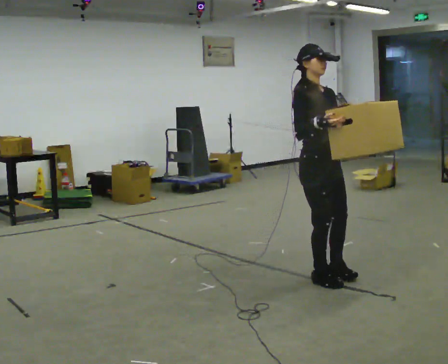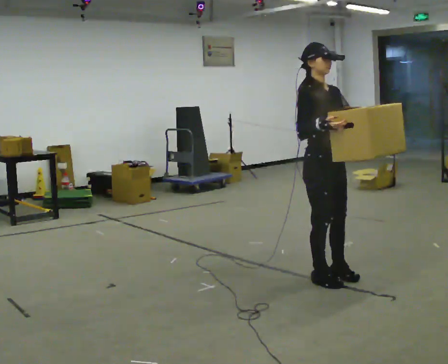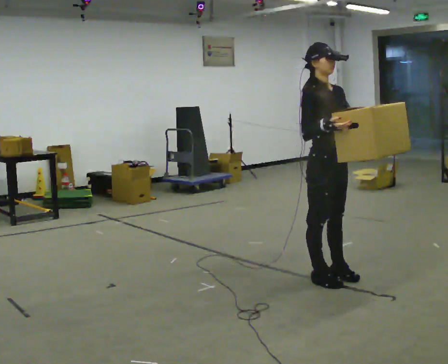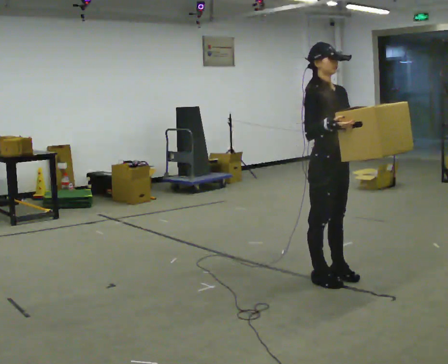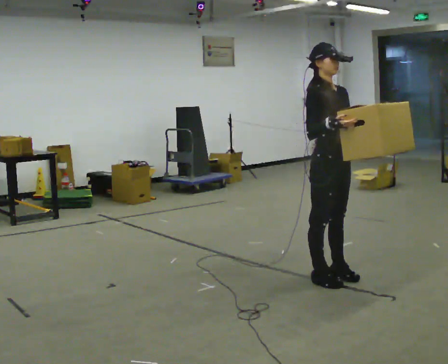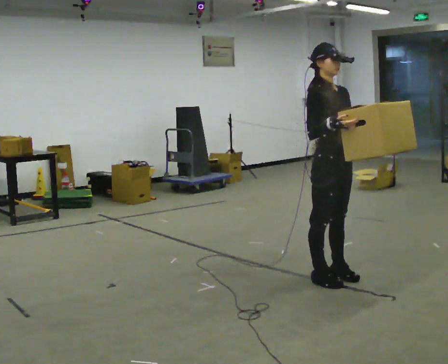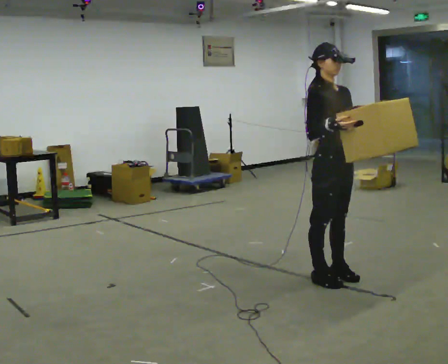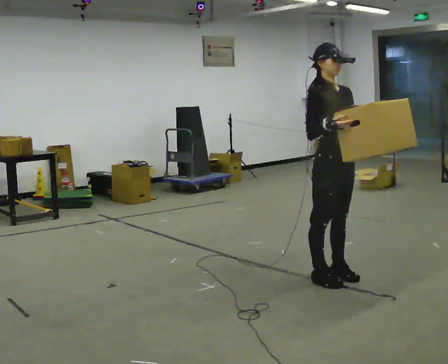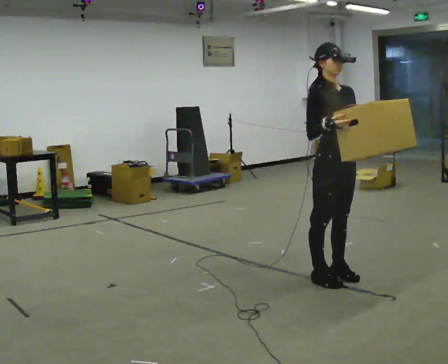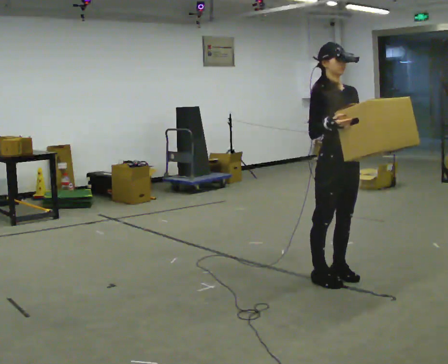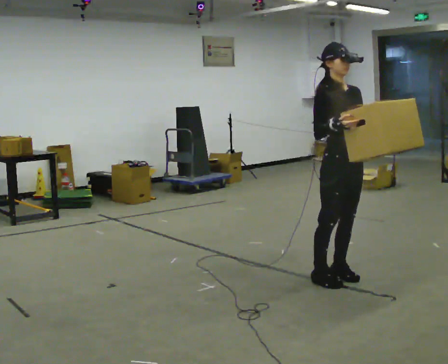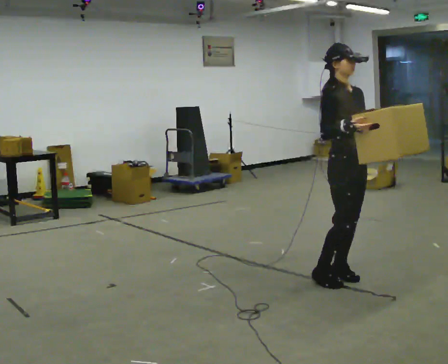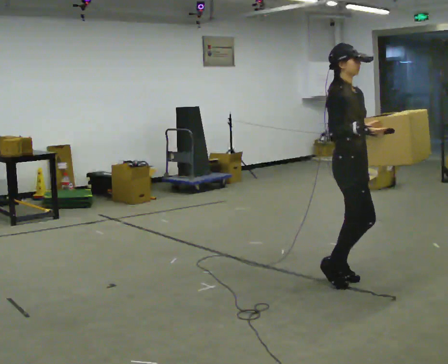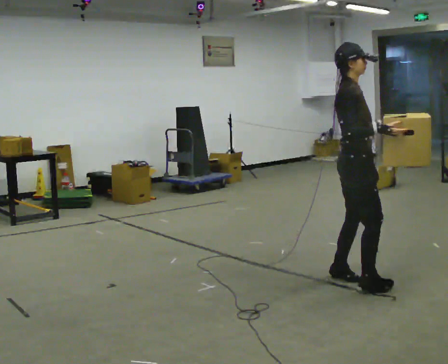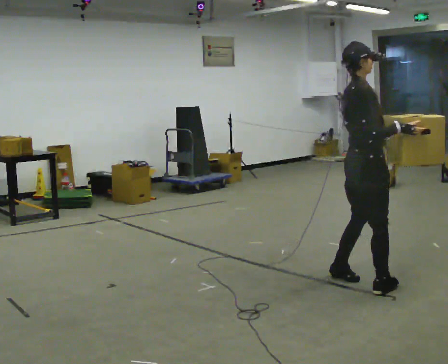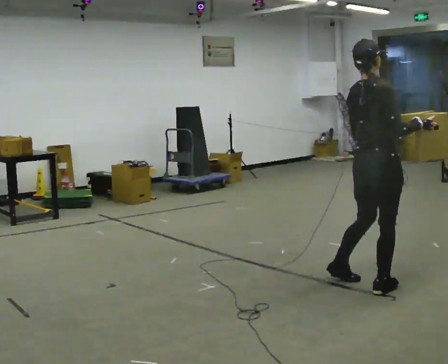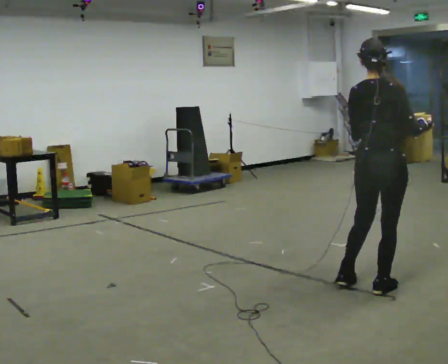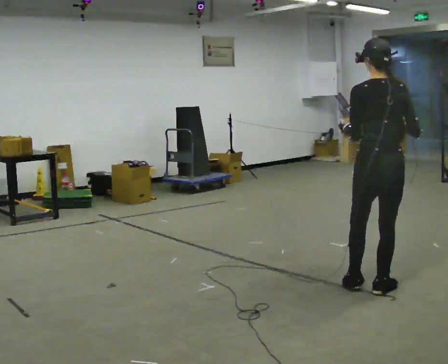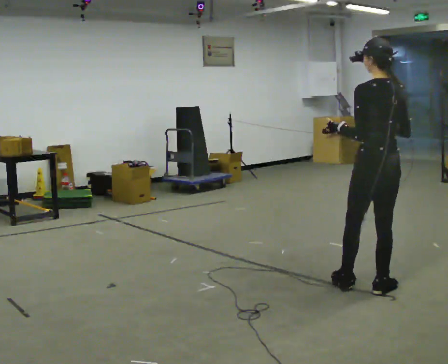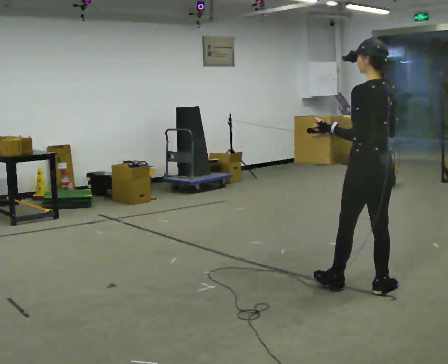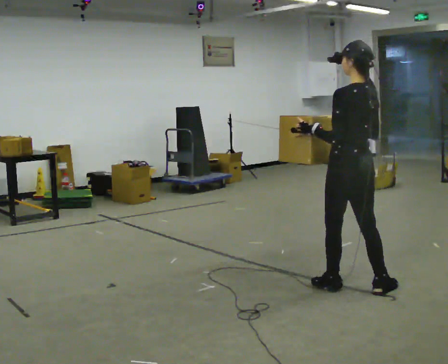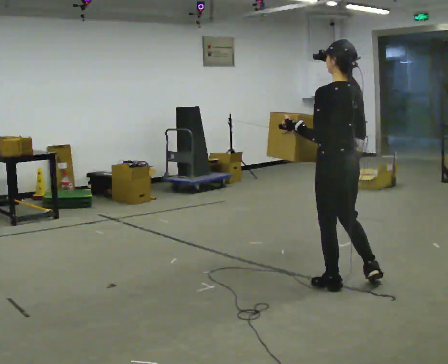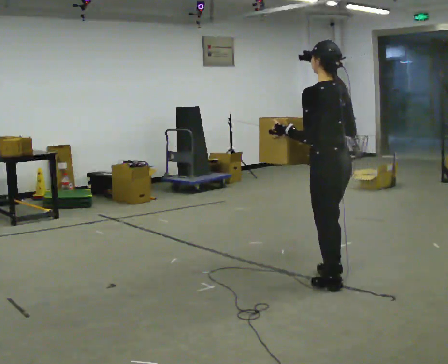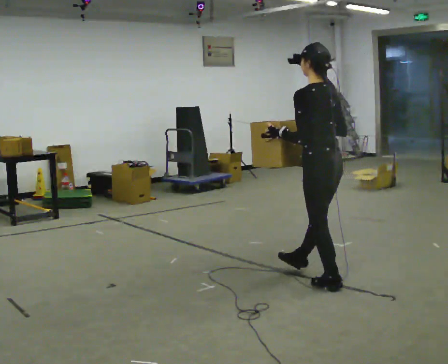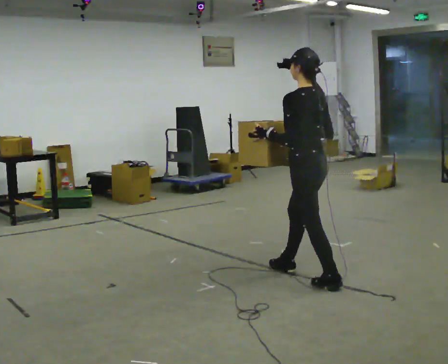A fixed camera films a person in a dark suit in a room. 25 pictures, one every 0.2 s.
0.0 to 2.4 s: In the picture they go to the right, about 0.25 m in 1 step, which for them is forward and to their left.
2.4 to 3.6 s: Seen from above the body turns counterclockwise, about 150 degrees: to their left, with its near side sliding to the right. In the picture they go toward the camera and to the right, about 0.25 m in 2 steps.
3.6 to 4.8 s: In the picture they go to the left and away from the camera, about 0.5 m in 1 step, which for them is forward.
The film runs forward here.
